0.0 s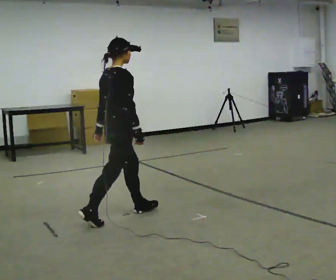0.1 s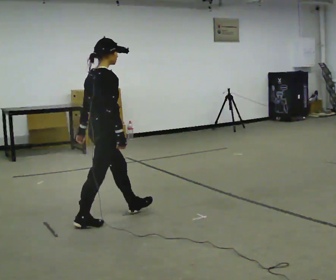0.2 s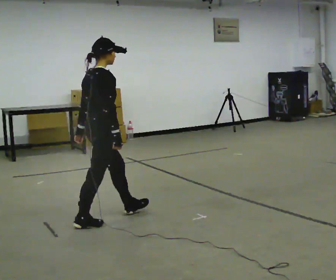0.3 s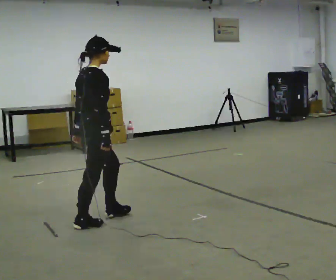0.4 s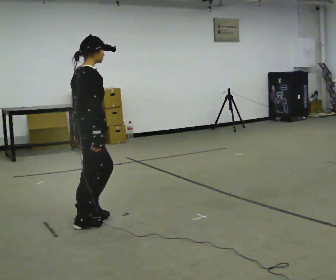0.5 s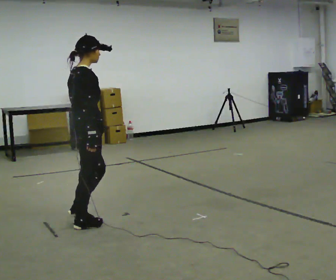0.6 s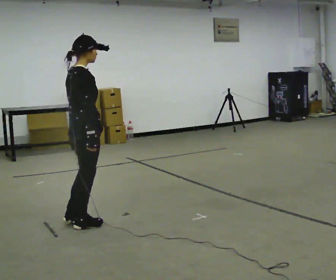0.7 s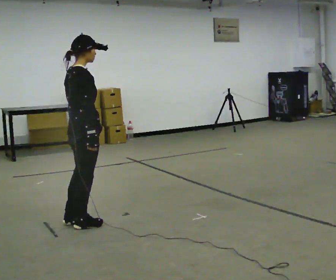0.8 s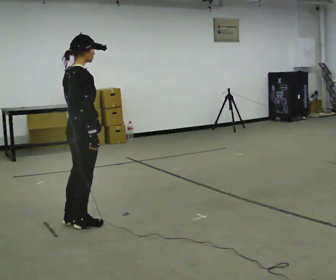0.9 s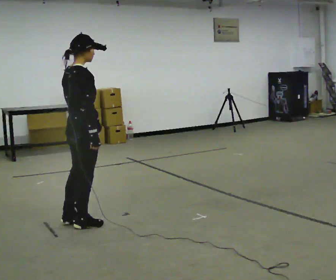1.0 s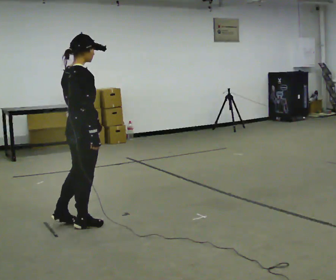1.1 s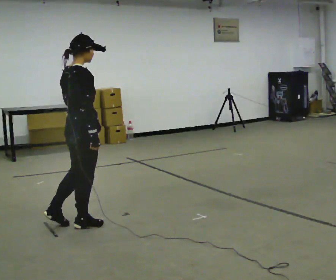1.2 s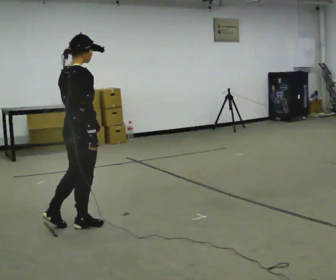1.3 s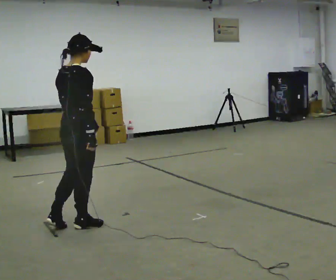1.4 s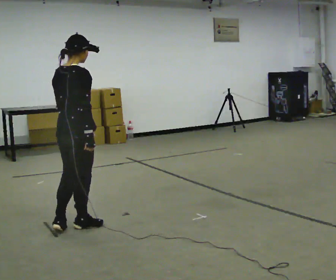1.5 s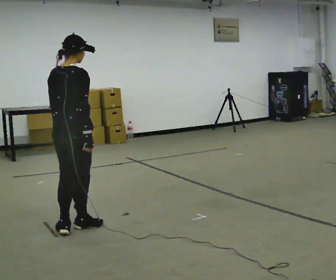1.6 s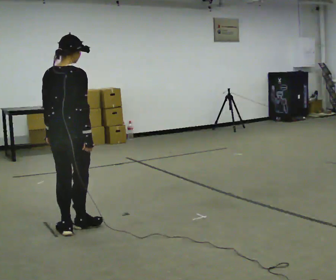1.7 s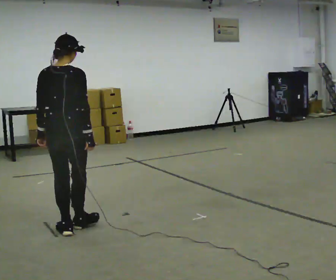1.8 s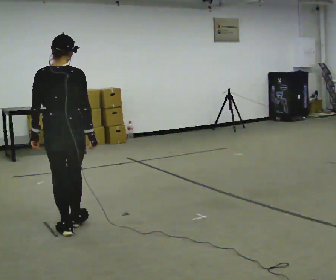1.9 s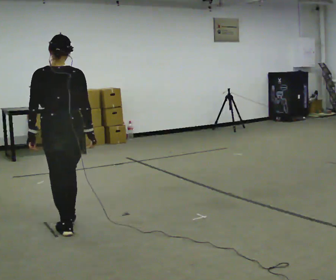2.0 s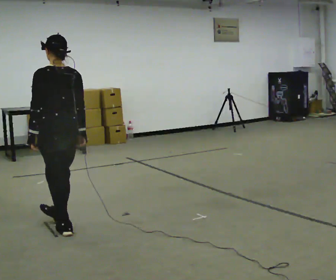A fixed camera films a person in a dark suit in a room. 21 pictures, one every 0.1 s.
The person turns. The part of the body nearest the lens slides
to the right.
The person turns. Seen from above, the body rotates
counterclockwise.
0.0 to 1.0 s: In the picture they go to the left and toward the camera, about 0.5 m in 2 steps, which for them is backward.
1.0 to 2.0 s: The person turns about 75 degrees to their left, counterclockwise seen from above, so the part of the body nearest the lens slides to the right. In the picture their left hand goes to the left.
The film runs backward here.
